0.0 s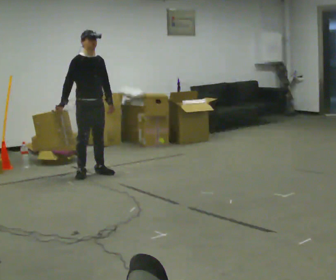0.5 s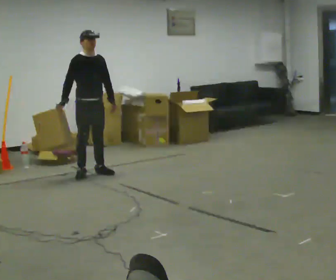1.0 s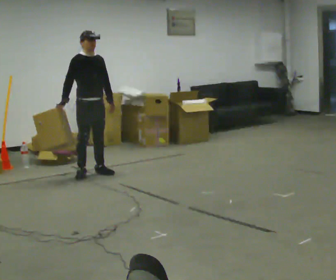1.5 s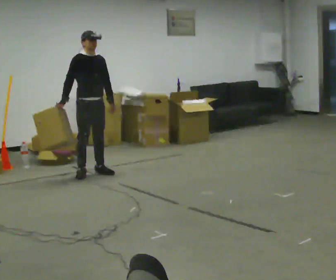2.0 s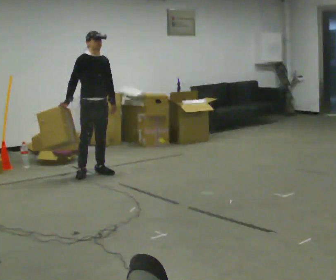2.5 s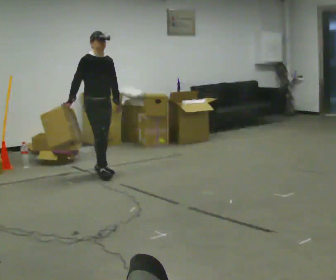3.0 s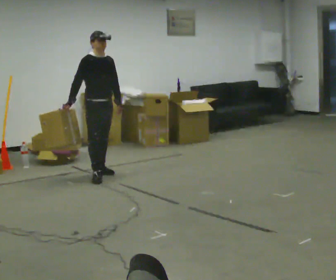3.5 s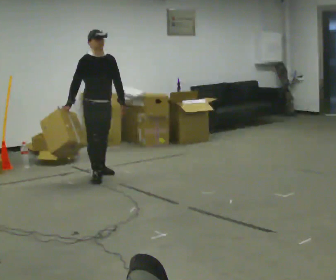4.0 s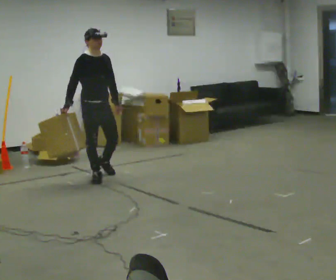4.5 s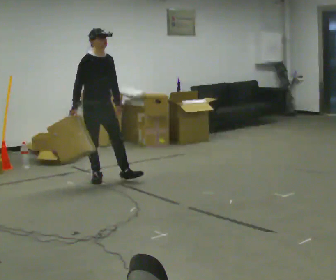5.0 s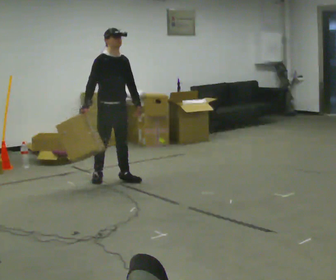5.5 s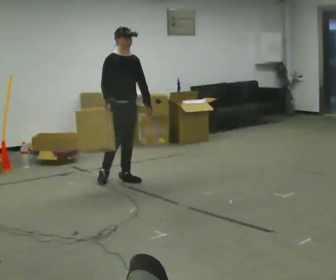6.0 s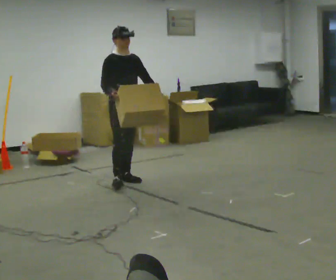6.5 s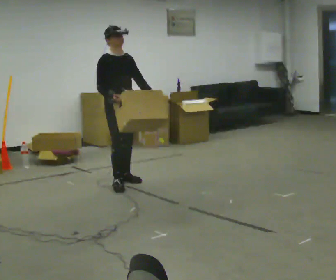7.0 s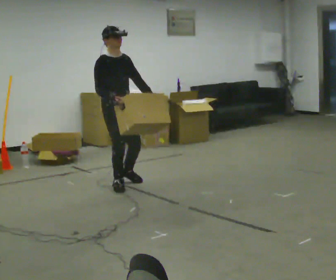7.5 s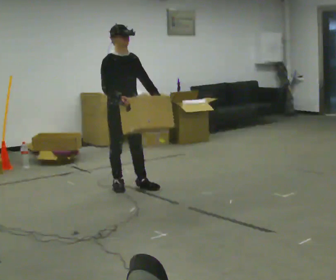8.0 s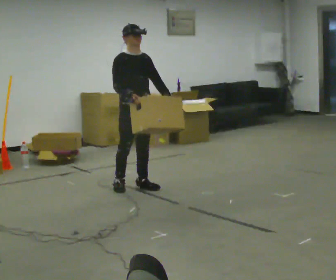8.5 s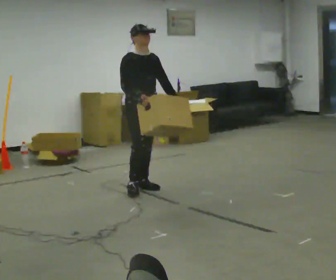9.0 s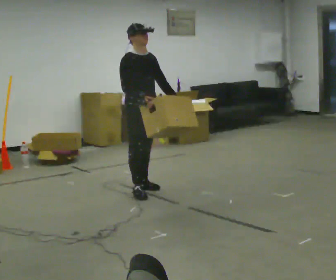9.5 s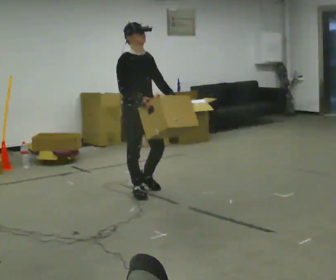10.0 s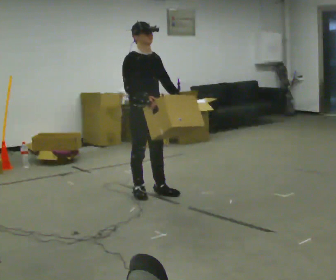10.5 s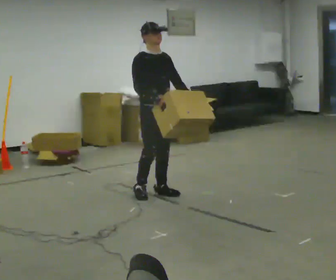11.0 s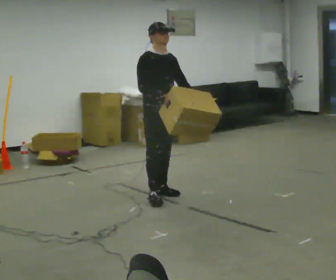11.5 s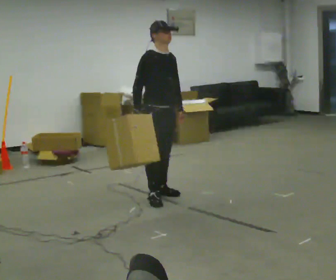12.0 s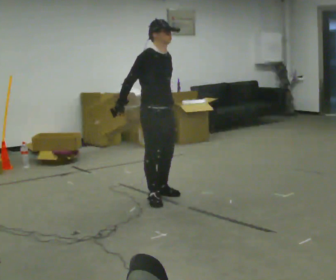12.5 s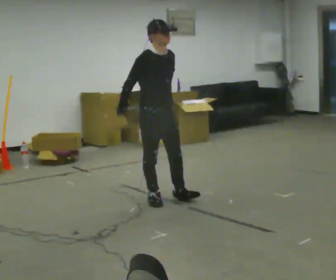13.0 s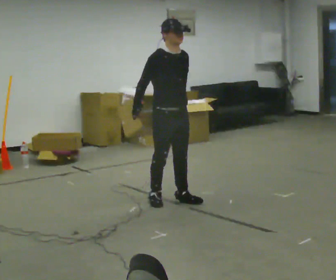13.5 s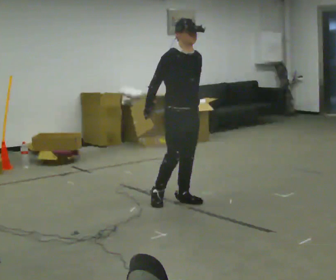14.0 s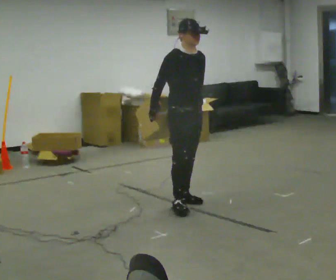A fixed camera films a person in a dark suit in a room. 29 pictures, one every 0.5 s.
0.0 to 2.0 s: The person moves a little, or ends about where they began.
2.0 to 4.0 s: In the picture they go toward the camera, about 0.25 m in 1 step, which for them is forward and to their right.
4.0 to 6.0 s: In the picture they go to the right and toward the camera, about 0.25 m in 2 steps, which for them is forward and to their left.
6.0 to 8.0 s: In the picture they go toward the camera, about 0.25 m in 1 step, which for them is forward.
8.0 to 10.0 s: In the picture they go toward the camera, about 0.25 m in 2 steps, which for them is forward.
10.0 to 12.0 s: In the picture they go toward the camera, about 0.25 m in 1 step, which for them is forward.
12.0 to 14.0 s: In the picture they go to the right, about 0.25 m in 2 steps, which for them is forward and to their left.
The film runs forward here.
